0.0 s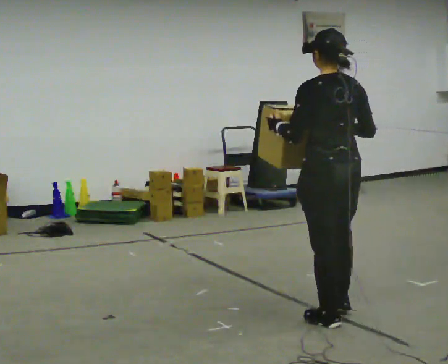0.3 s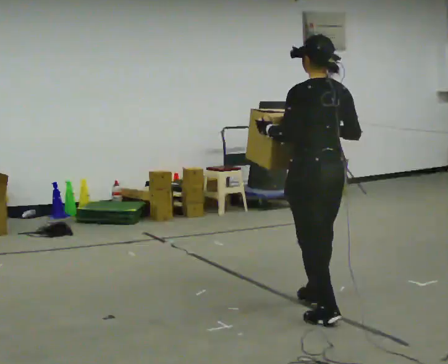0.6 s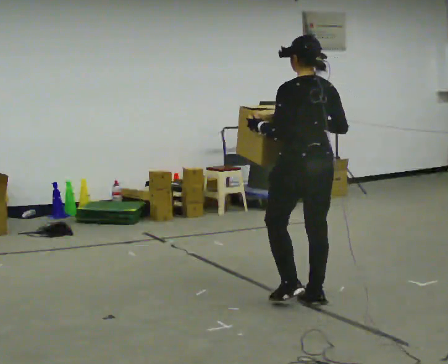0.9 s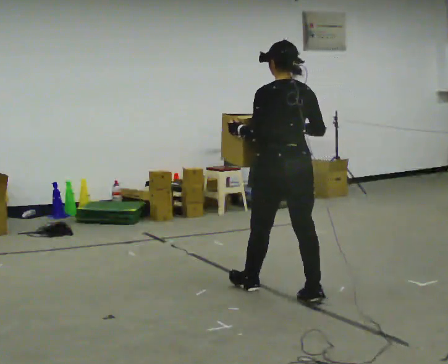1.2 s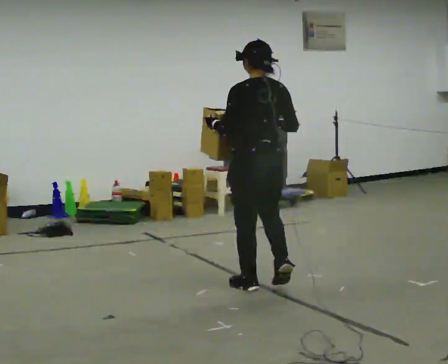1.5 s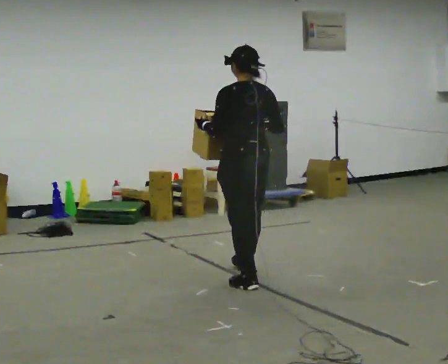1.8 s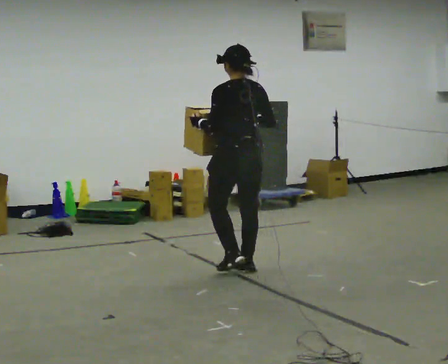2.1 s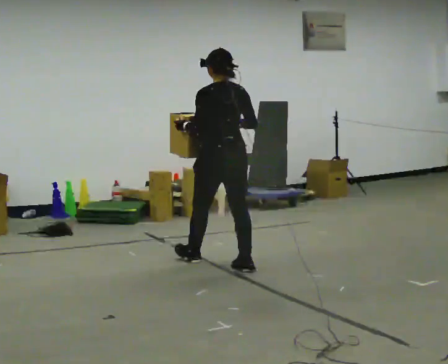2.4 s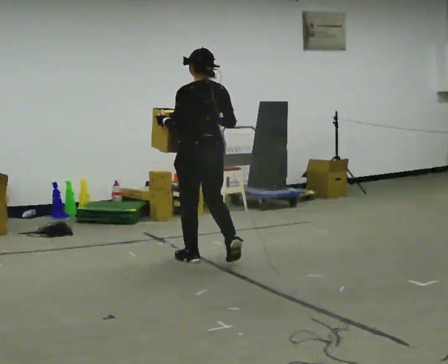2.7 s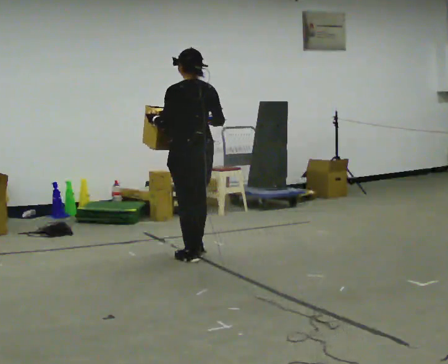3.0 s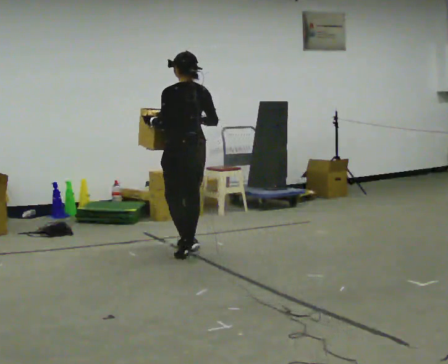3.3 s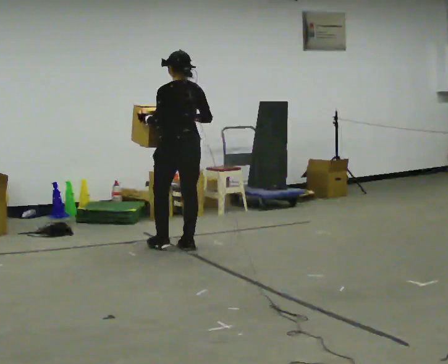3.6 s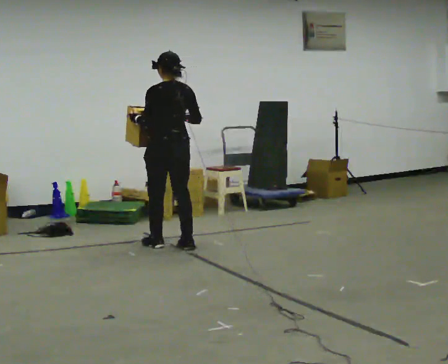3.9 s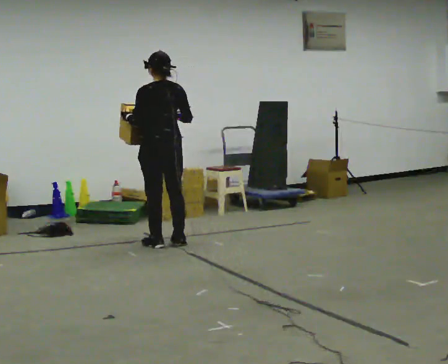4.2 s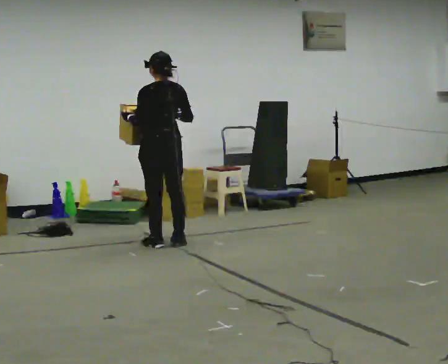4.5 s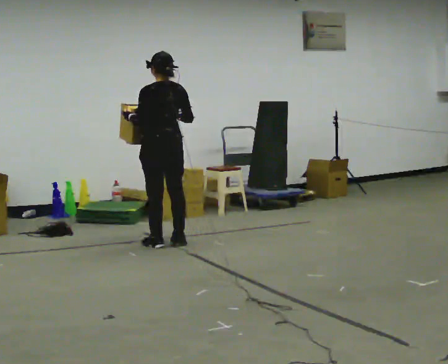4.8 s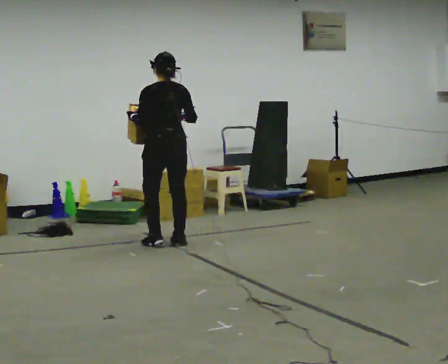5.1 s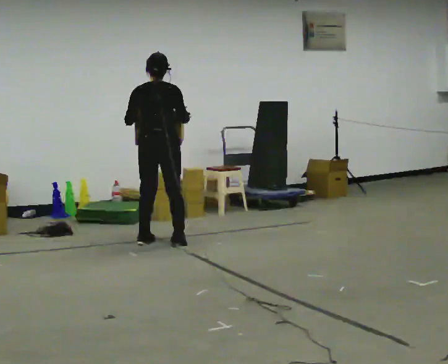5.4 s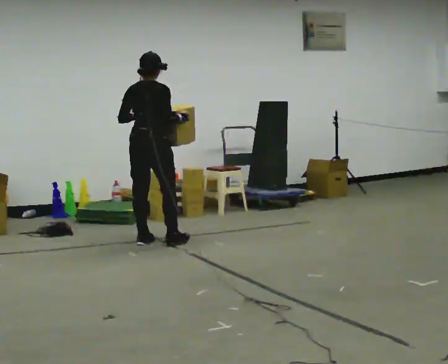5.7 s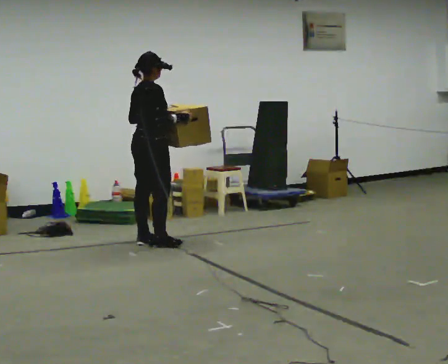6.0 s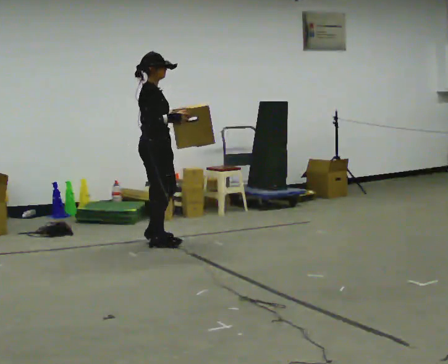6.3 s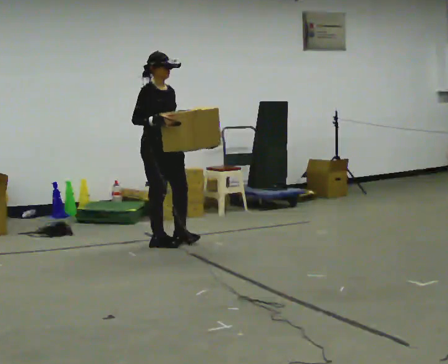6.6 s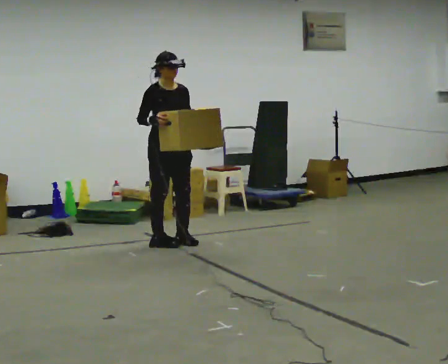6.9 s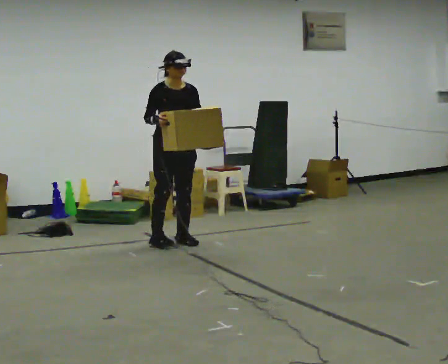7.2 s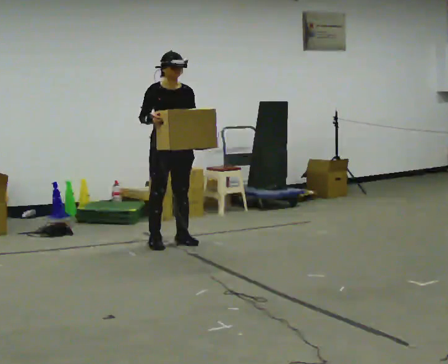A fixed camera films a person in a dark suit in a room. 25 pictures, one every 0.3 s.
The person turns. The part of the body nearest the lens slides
to the left.
The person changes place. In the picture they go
away from the camera.
0.0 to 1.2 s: In the picture they go away from the camera, about 1 m in 2 steps, which for them is forward.
1.2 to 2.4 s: In the picture they go away from the camera and to the left, about 1 m in 2 steps, which for them is forward.
2.4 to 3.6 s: In the picture they go away from the camera and to the left, about 0.5 m in 2 steps, which for them is forward.
3.6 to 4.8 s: The person moves a little, or ends about where they began.
4.8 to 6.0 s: Seen from above the body turns clockwise, about 105 degrees: to their right, with its near side sliding to the left. In the picture their left hand goes to the right.
6.0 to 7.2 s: Seen from above the body turns clockwise, about 60 degrees: to their right, with its near side sliding to the left.
The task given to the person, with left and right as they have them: Carry the heaviest box in both hands in front of you, walking back and forth across the room. Only carry what is comfortable. Set it down whenever you need to.
The film runs forward here.
